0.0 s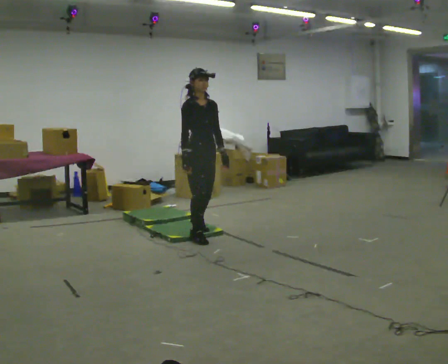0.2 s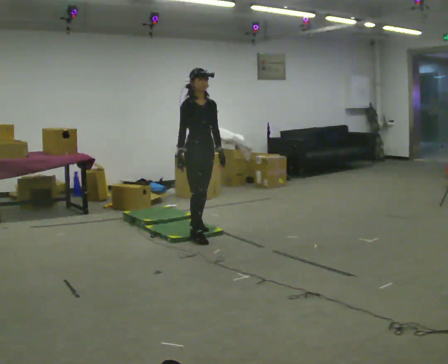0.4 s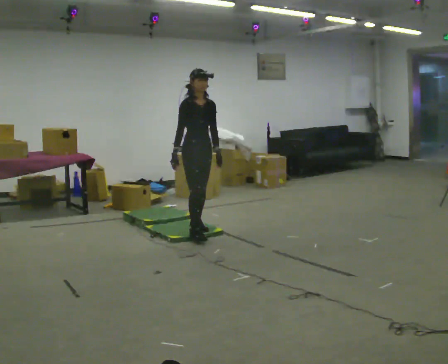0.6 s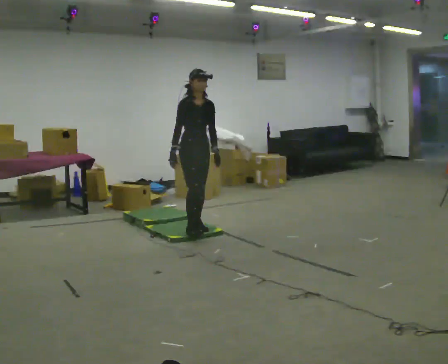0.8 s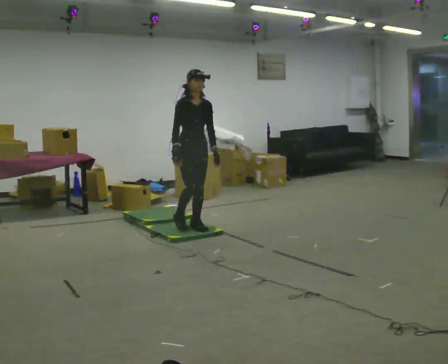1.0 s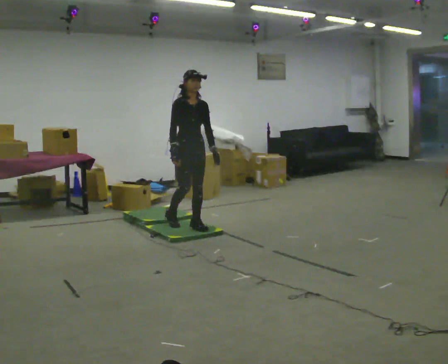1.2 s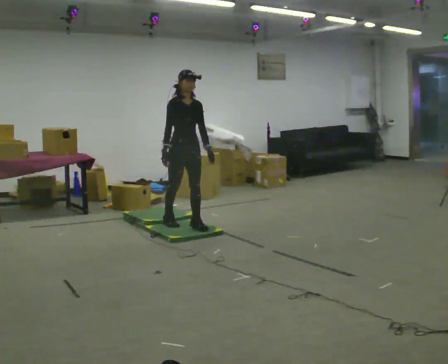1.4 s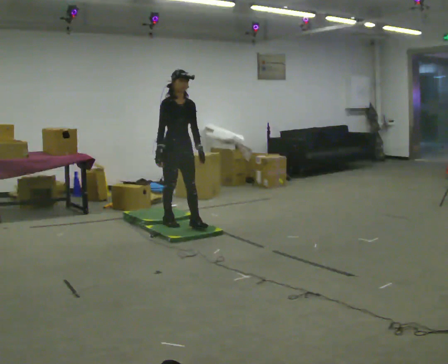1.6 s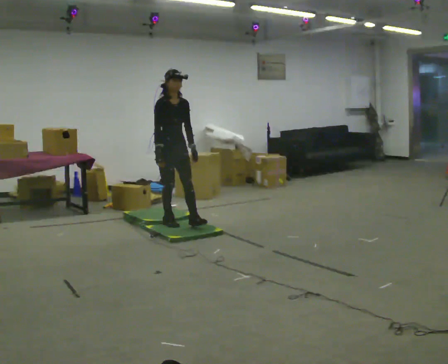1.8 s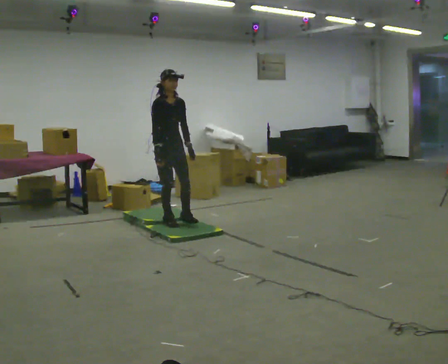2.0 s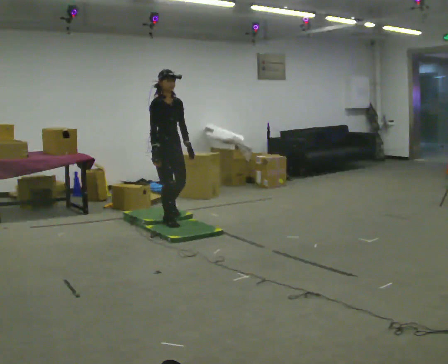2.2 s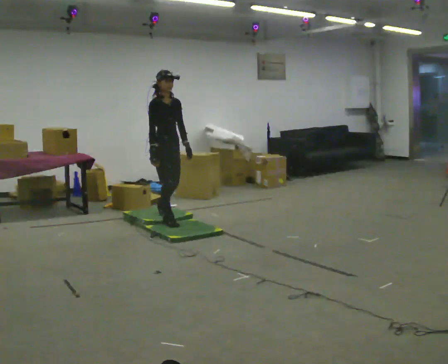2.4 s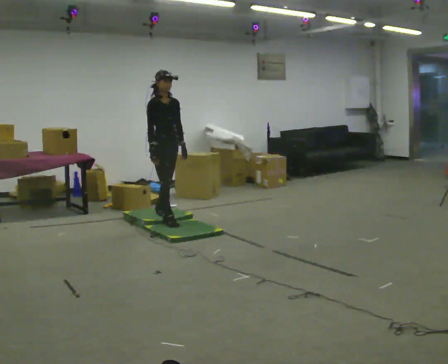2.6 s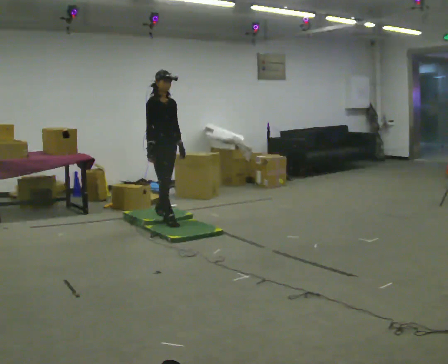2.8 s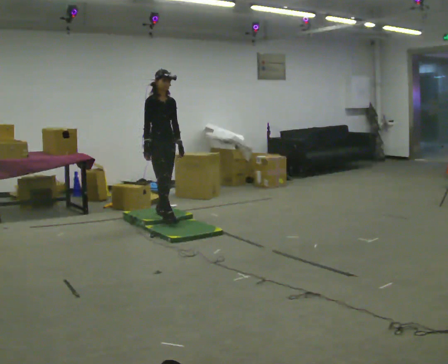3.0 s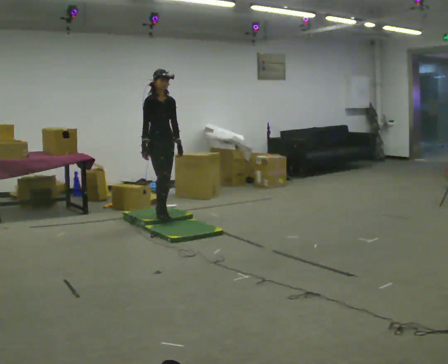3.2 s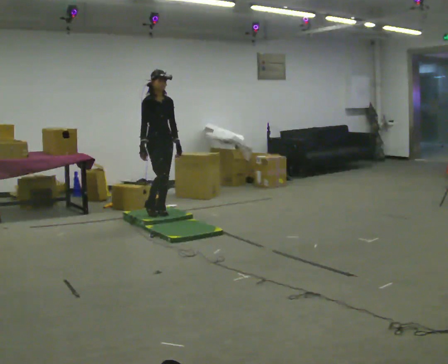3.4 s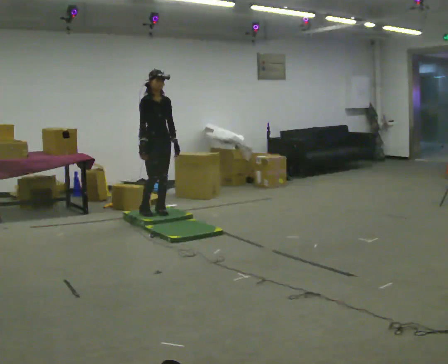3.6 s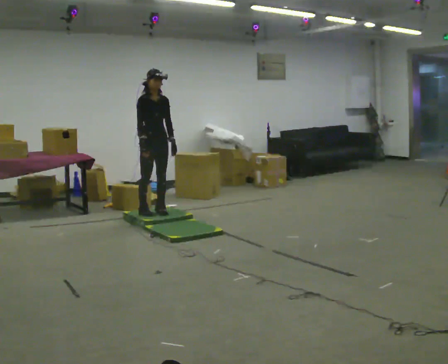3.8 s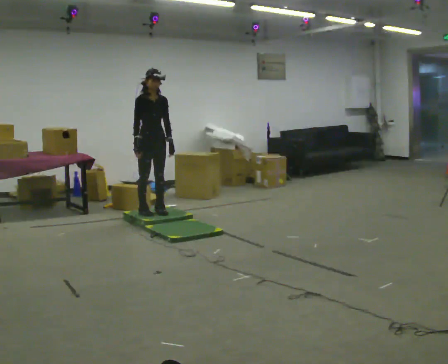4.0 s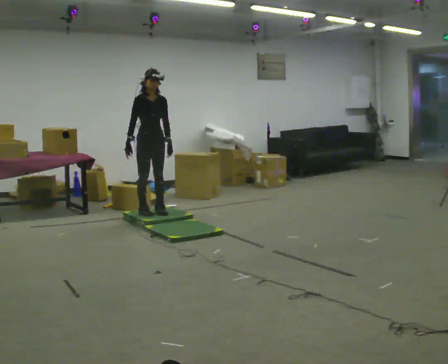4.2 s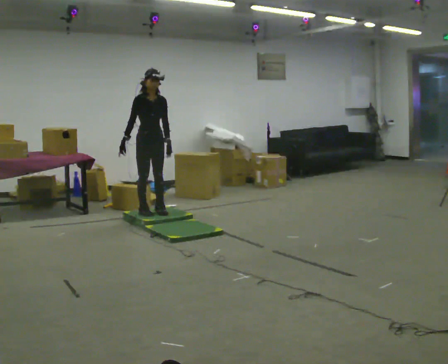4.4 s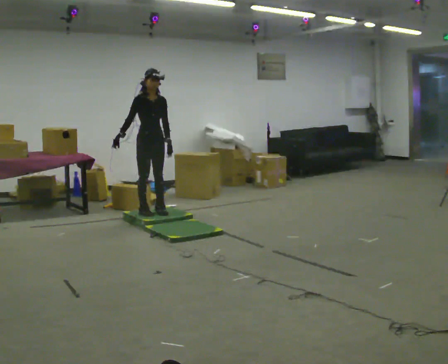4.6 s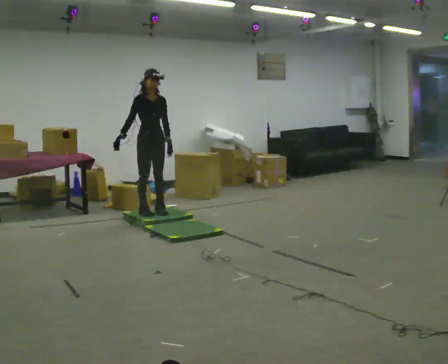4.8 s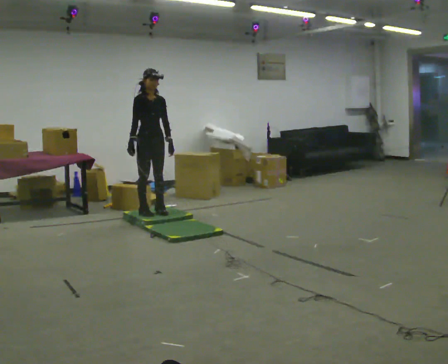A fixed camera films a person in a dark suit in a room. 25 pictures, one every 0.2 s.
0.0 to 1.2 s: In the picture they go away from the camera, about 0.25 m in 1 step, which for them is backward.
1.2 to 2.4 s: In the picture they go away from the camera and to the left, about 0.25 m in 1 step, which for them is backward.
2.4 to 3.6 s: In the picture they go away from the camera, about 0.25 m in 1 step, which for them is backward.
3.6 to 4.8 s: The person moves a little, or ends about where they began.
The film runs backward here.
